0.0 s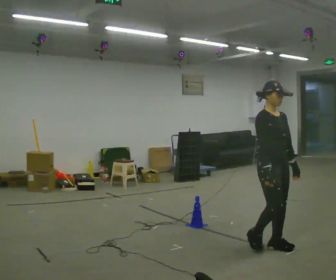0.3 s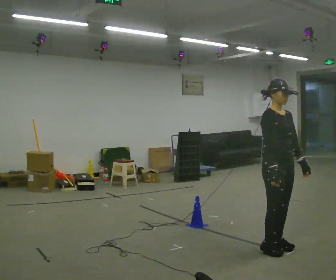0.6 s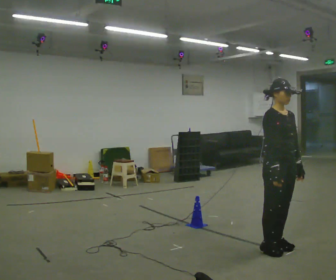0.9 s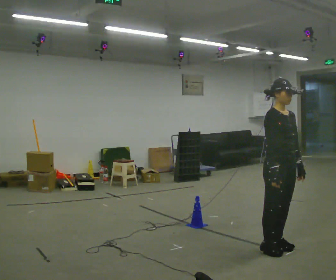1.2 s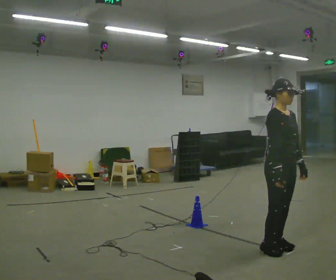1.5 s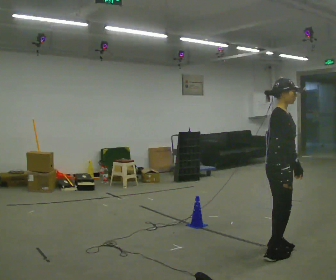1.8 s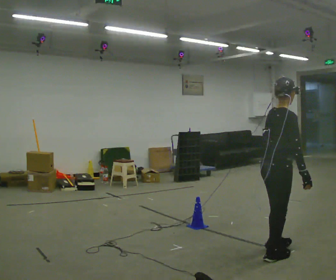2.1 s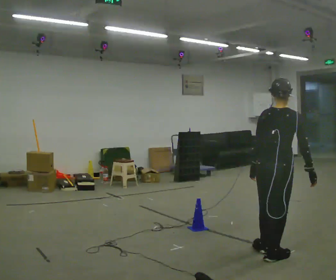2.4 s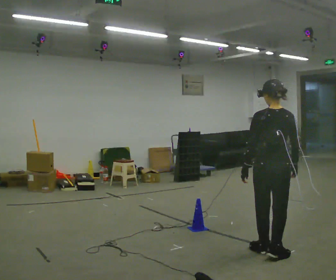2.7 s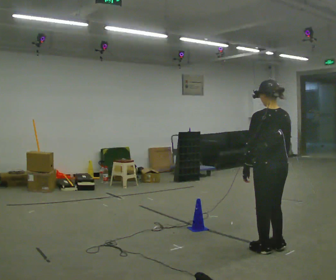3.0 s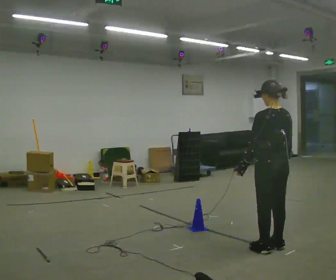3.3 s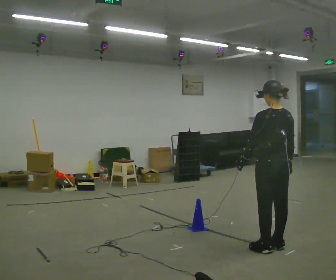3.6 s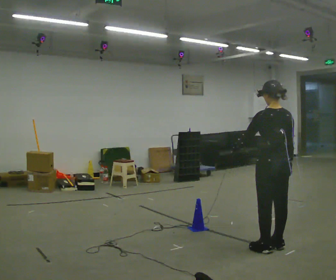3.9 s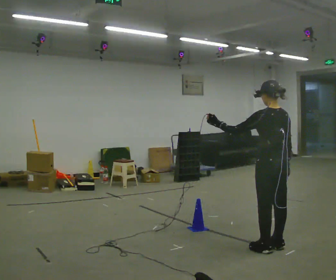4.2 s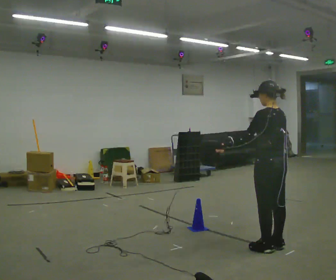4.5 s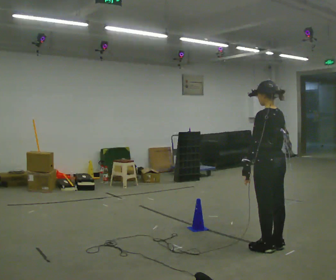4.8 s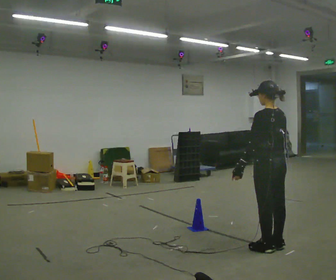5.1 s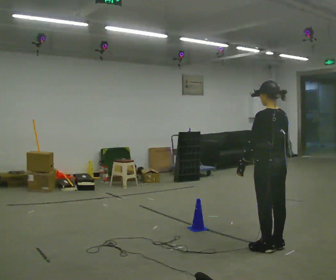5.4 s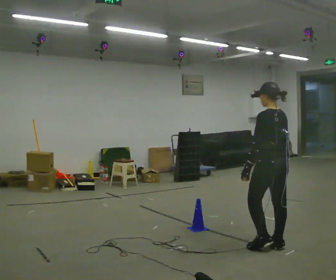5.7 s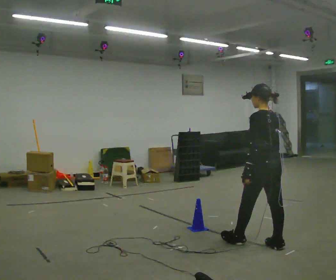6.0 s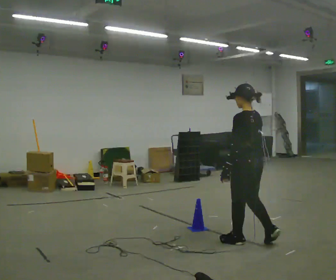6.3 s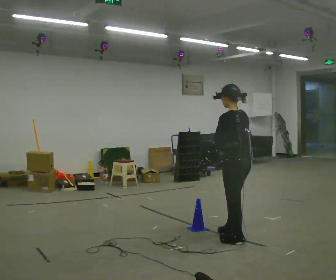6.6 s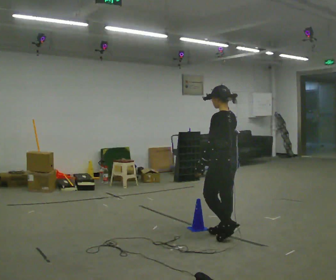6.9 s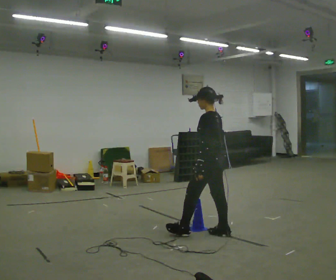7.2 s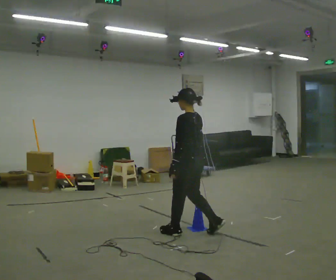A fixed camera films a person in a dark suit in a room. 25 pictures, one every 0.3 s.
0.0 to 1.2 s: The person moves a little, or ends about where they began.
1.2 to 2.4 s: The part of the body nearest the lens slides to the right as the person turns to their left by about 135 degrees. In the picture their left hand goes to the left, the arm swinging clockwise.
2.4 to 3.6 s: In the picture they go away from the camera, about 0.25 m in 1 step, which for them is forward.
3.6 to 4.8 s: The person moves a little, or ends about where they began.
4.8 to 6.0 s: In the picture they go to the left, about 0.25 m in 1 step, which for them is forward.
6.0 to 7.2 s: In the picture they go to the left, about 0.75 m in 2 steps, which for them is forward.
The film runs forward here.
